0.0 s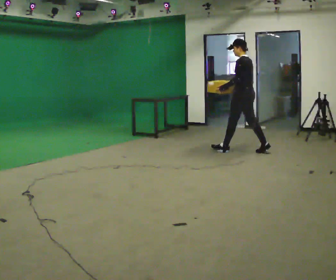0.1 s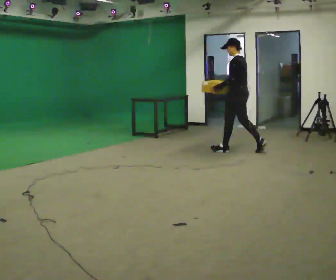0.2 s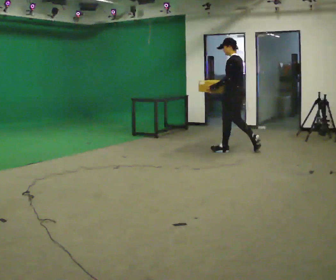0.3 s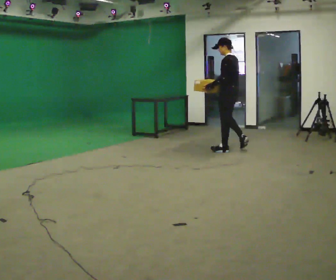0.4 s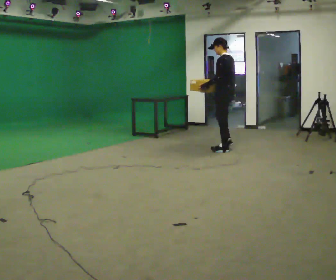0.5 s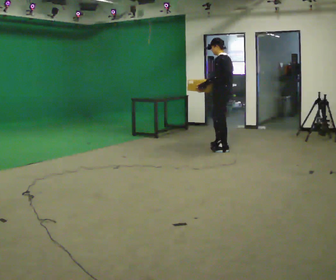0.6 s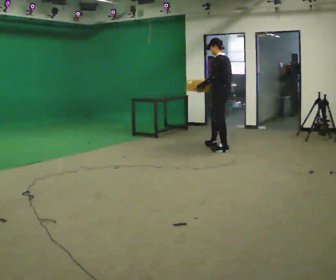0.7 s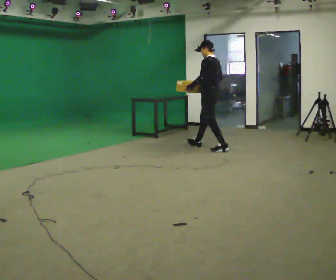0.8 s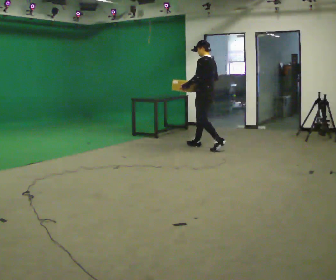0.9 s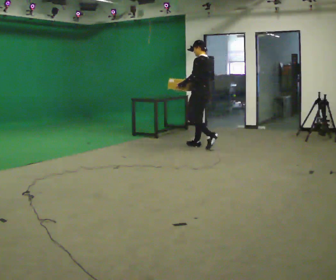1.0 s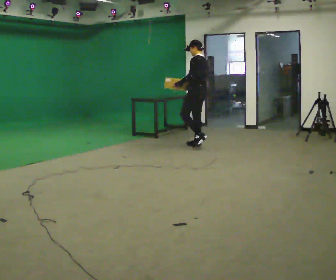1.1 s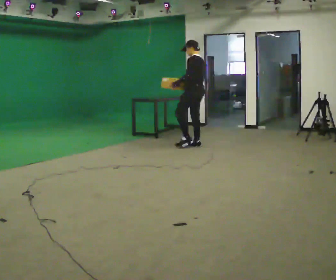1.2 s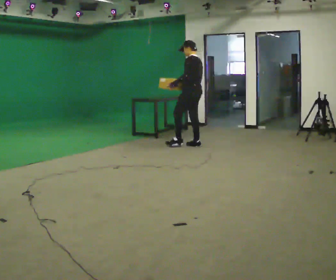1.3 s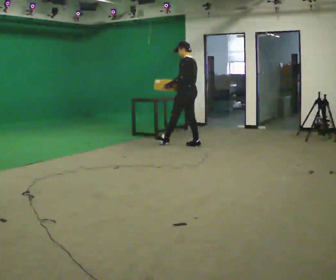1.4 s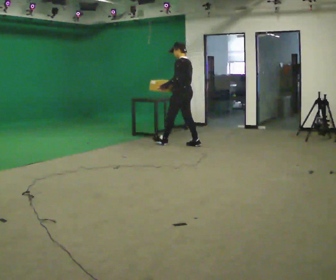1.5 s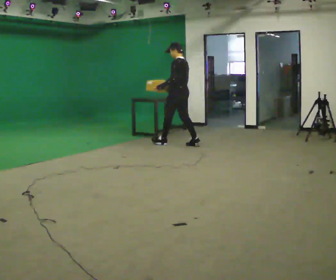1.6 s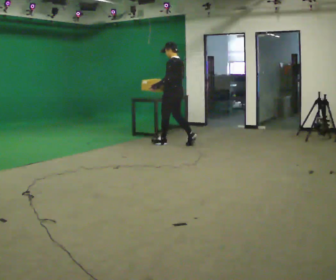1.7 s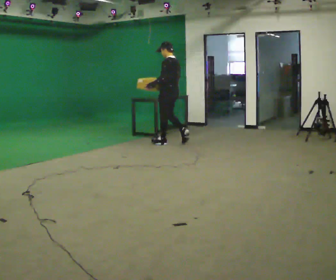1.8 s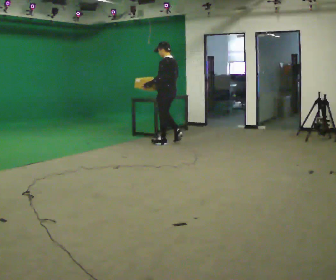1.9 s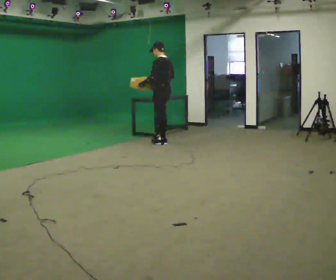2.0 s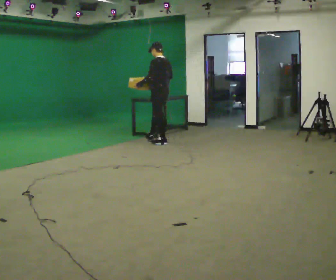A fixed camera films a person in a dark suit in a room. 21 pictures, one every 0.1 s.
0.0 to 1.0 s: In the picture they go to the left and away from the camera, about 1 m in 1 step, which for them is forward.
1.0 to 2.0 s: In the picture they go to the left and away from the camera, about 0.5 m in 1 step, which for them is forward.
The film runs forward here.
